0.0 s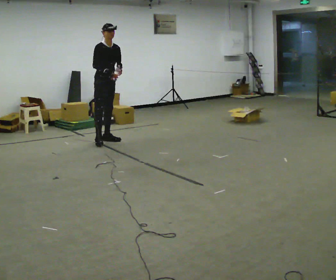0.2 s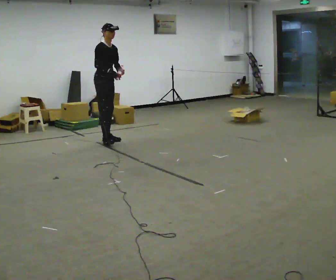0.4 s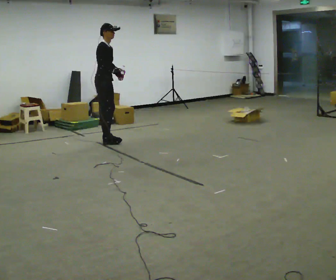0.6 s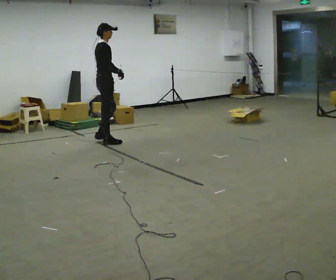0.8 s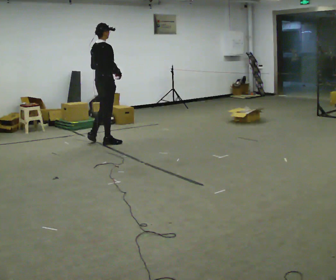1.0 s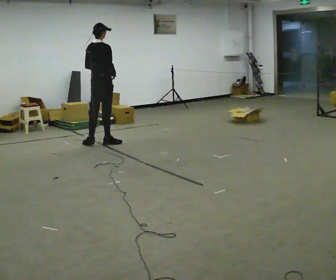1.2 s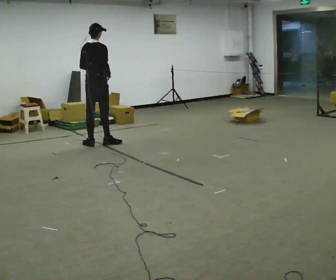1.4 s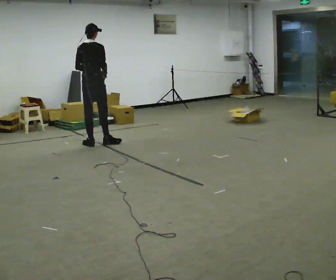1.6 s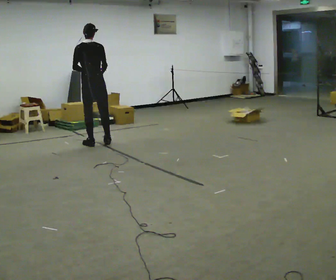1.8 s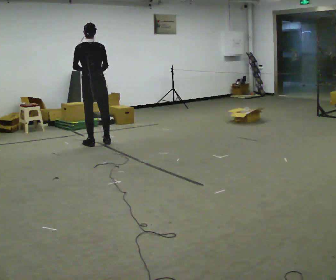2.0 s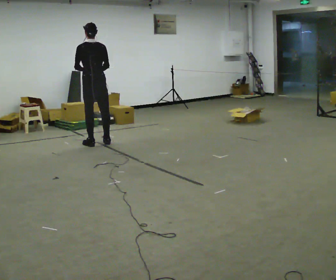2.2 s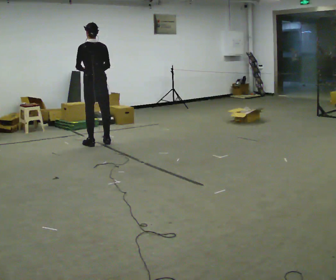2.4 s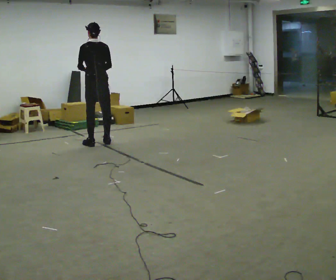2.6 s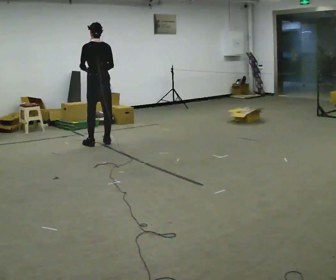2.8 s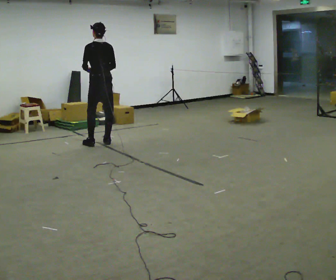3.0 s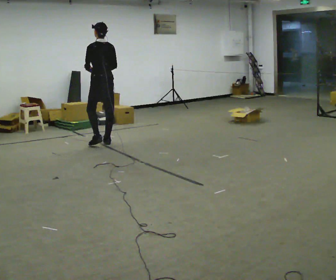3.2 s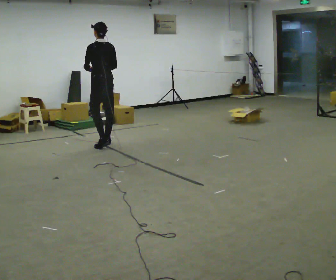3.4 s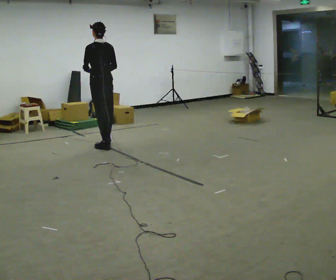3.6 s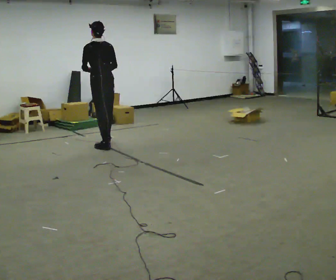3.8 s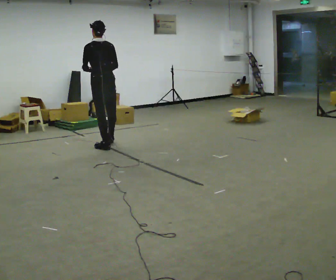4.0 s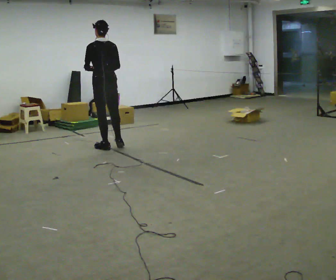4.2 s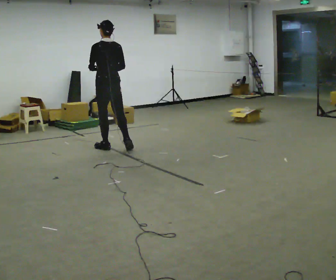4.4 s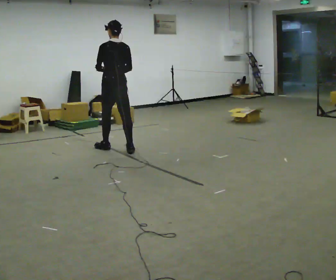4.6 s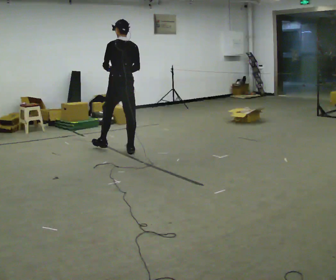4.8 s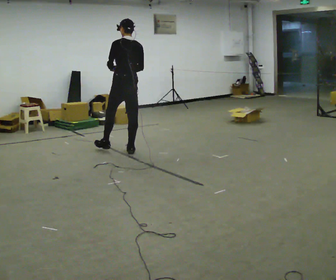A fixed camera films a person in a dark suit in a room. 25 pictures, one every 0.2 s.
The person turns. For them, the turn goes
to their left.
The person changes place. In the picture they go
toward the camera.
0.0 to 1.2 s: The person turns about 105 degrees to their left, counterclockwise seen from above, so the part of the body nearest the lens slides to the right. In the picture they go toward the camera and to the left, about 0.25 m in 1 step.
1.2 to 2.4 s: Seen from above the body turns counterclockwise, about 60 degrees: to their left, with its near side sliding to the right.
2.4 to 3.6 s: In the picture they go toward the camera, about 0.25 m in 1 step, which for them is backward.
3.6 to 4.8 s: In the picture they go toward the camera and to the right, about 0.5 m in 2 steps, which for them is backward.
The film runs backward here.
